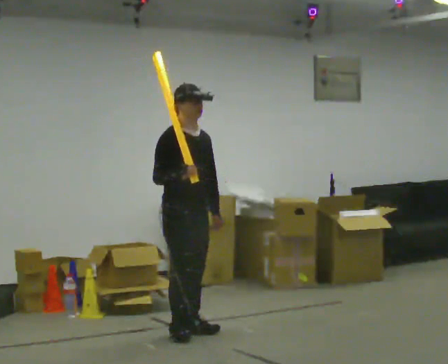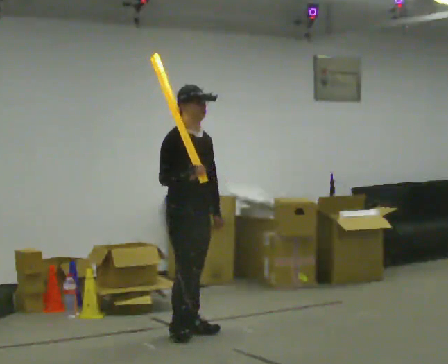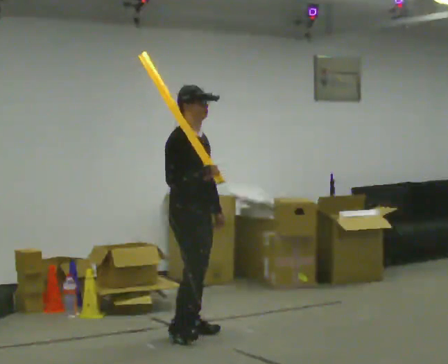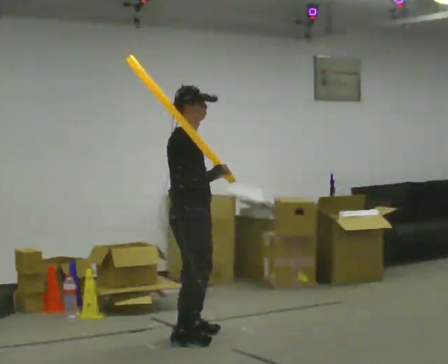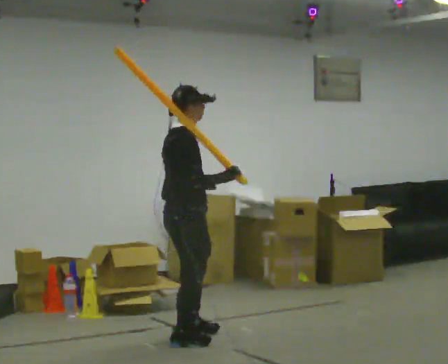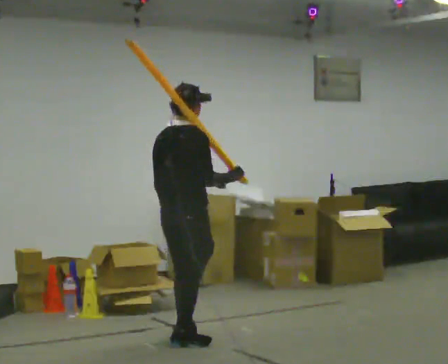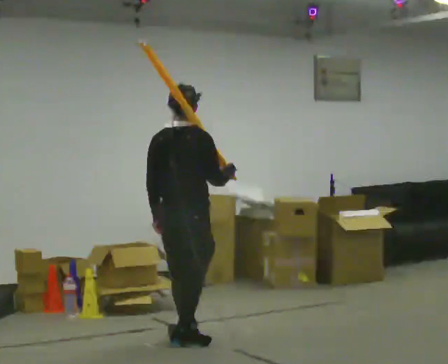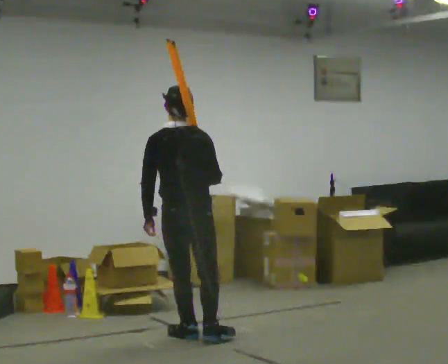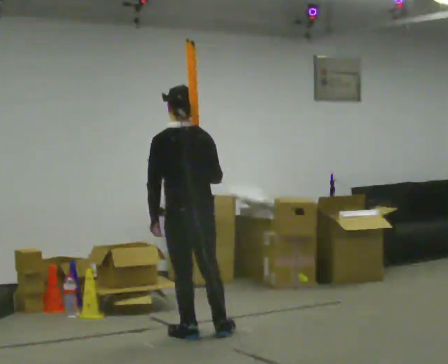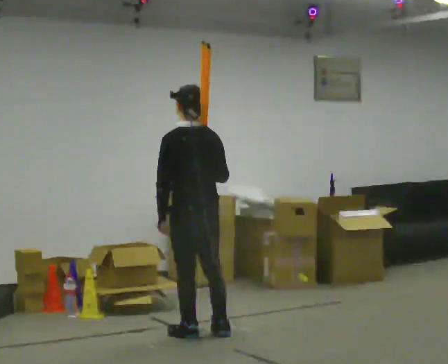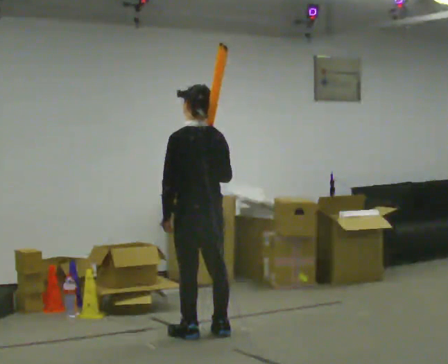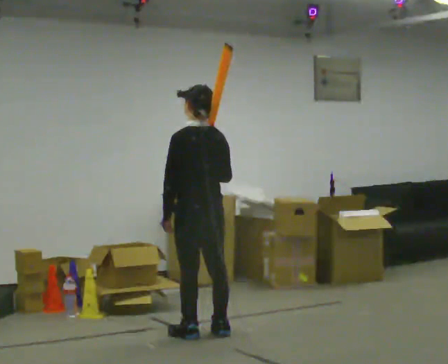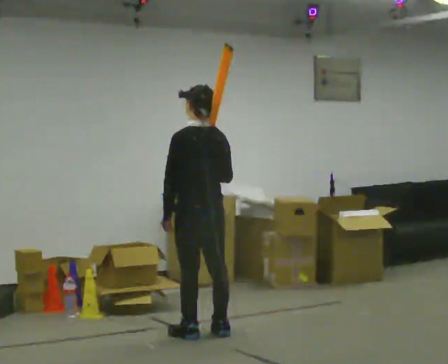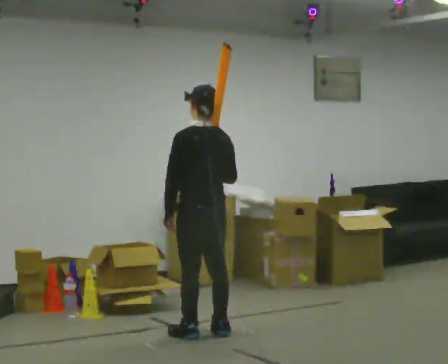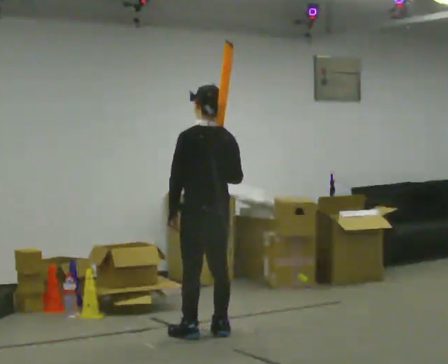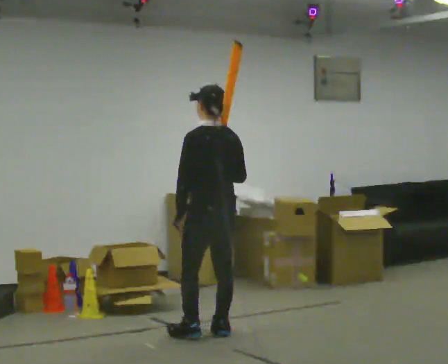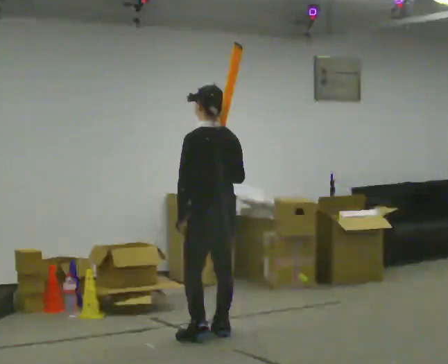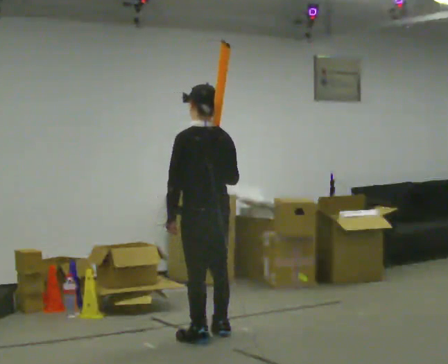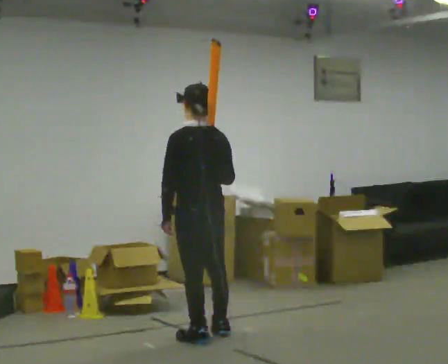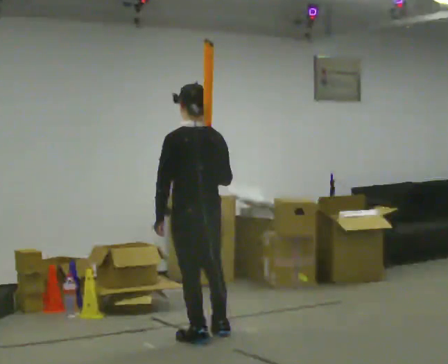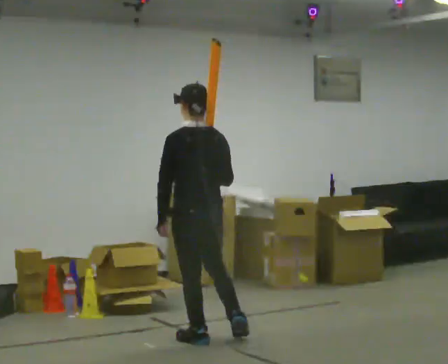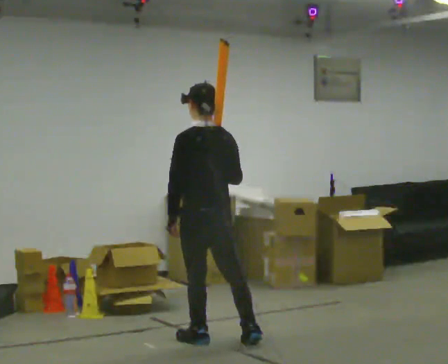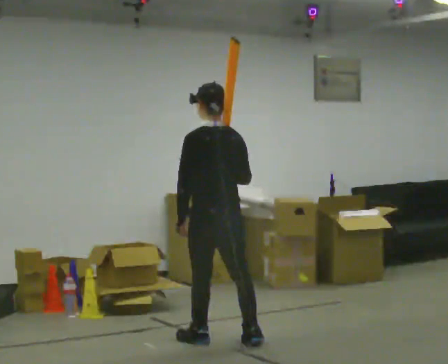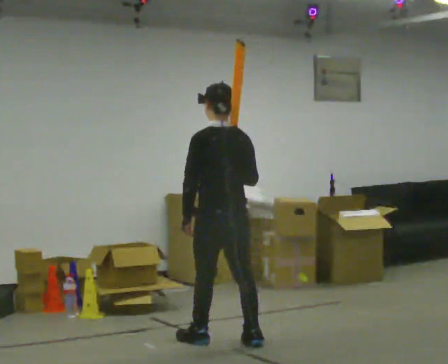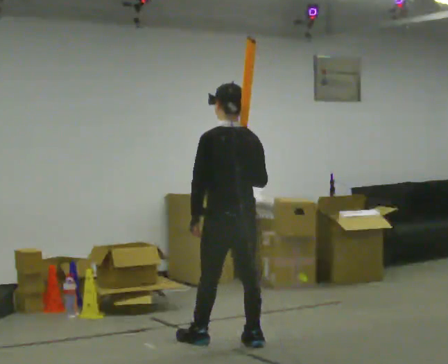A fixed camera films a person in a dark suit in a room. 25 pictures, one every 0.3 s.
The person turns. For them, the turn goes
to their left.
The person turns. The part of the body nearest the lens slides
to the right.
0.0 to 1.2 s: The part of the body nearest the lens slides to the right as the person turns to their left by about 60 degrees. In the picture they go toward the camera, about 0.25 m in 1 step, which for them is to their right.
1.2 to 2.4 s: The part of the body nearest the lens slides to the right as the person turns to their left by about 90 degrees.
2.4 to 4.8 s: In the picture they go to the right, about 0.25 m in 1 step, which for them is to their right.
4.8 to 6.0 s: In the picture they go toward the camera, about 0.25 m in 1 step, which for them is to their left.
6.0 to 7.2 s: In the picture they go to the right, about 0.25 m, which for them is to their right and backward.
The film runs backward here.
